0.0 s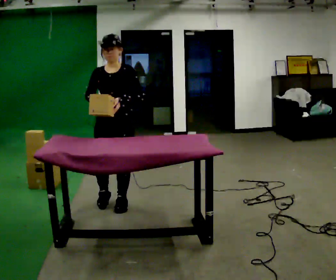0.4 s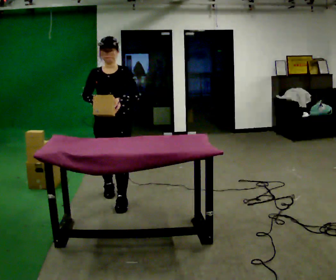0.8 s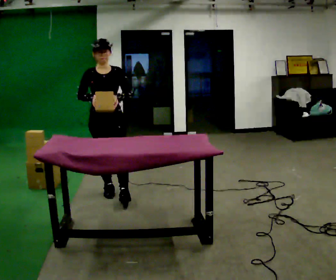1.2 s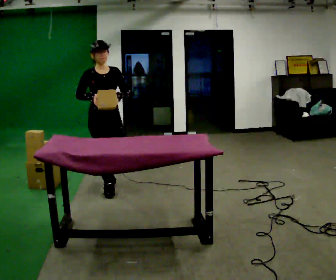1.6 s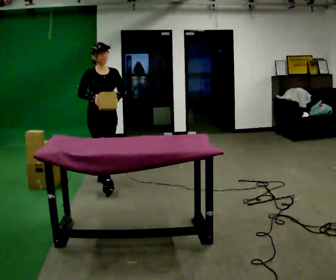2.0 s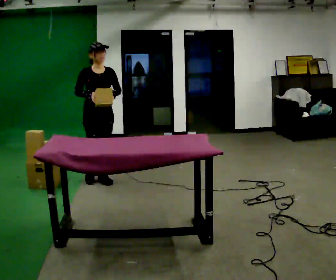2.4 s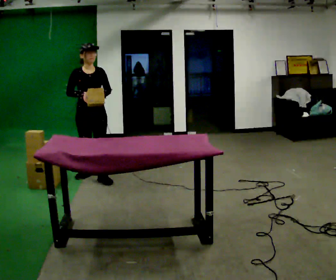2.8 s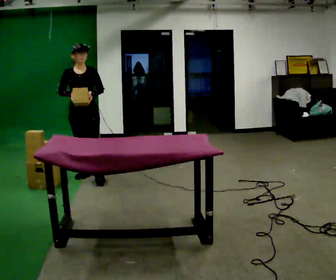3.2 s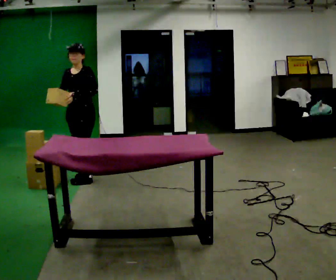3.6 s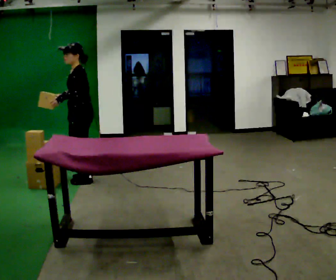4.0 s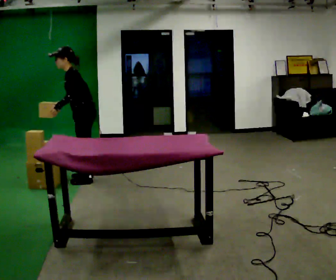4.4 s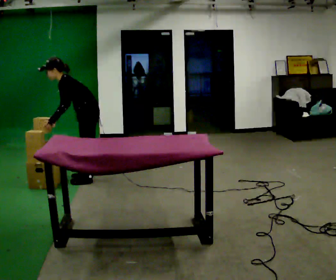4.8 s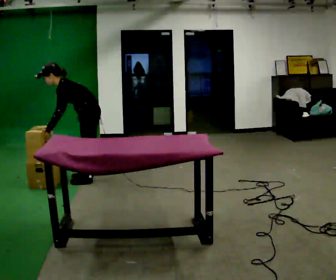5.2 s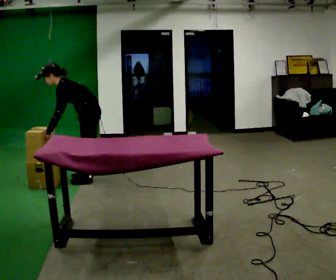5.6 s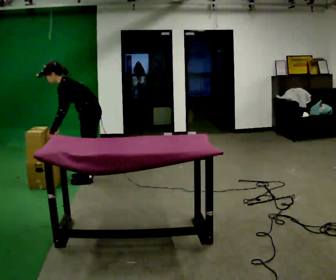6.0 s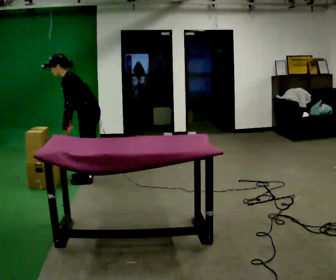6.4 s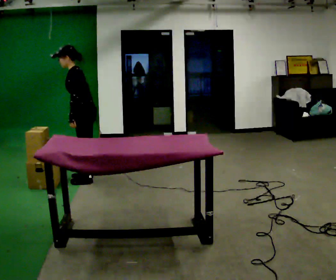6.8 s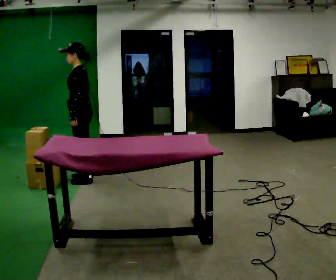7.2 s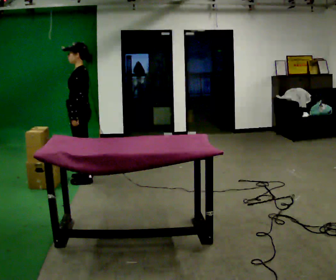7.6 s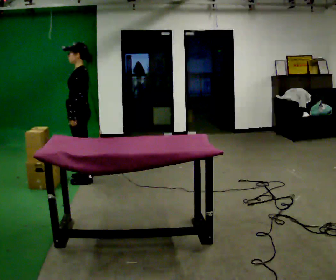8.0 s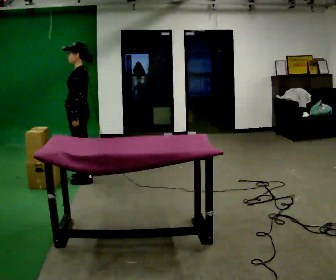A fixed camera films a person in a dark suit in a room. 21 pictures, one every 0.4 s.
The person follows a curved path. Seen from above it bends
counterclockwise.
0.0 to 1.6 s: The person turns about 30 degrees to their left, counterclockwise seen from above, so the part of the body nearest the lens slides to the right. In the picture they go away from the camera, about 0.75 m in 1 step, which for them is backward.
1.6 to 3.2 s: Seen from above the body turns clockwise, about 45 degrees: to their right, with its near side sliding to the left. In the picture they go away from the camera and to the left, about 0.5 m in 2 steps, which for them is backward and to their right.
3.2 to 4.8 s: The person turns about 60 degrees to their right, clockwise seen from above, so the part of the body nearest the lens slides to the left. In the picture the upper body tilts counterclockwise, shoulders to the left, as they bend forward. In the picture their left hand goes to the left and downward.
4.8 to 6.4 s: In the picture the upper body tilts clockwise, shoulders to the right, as they lean back or straighten.
6.4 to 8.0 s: In the picture the upper body tilts clockwise, shoulders to the right, as they lean back or straighten.
The film runs backward here.
